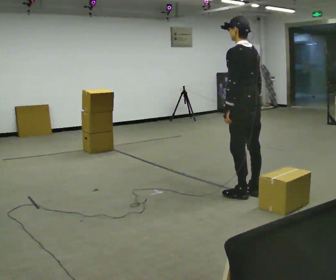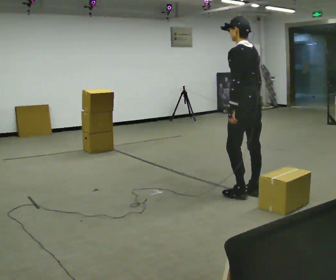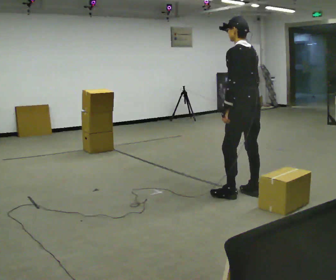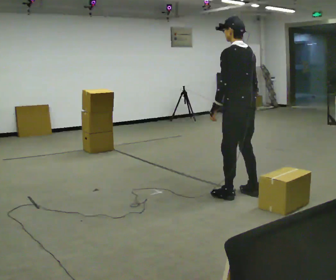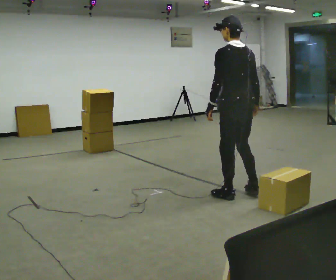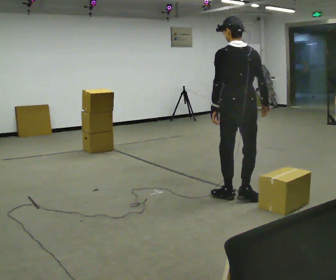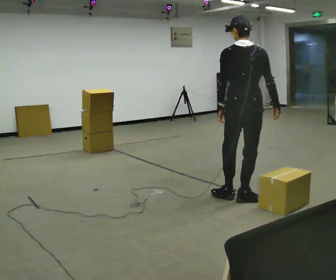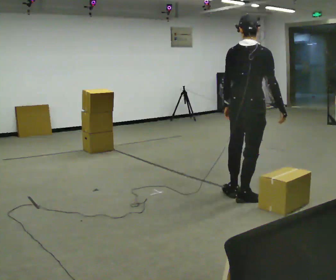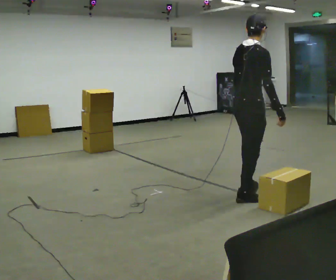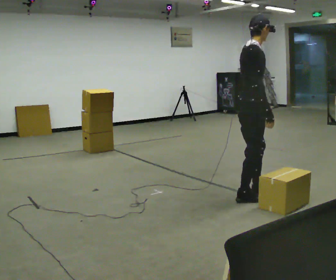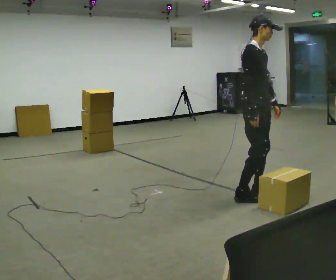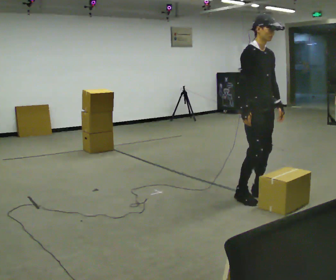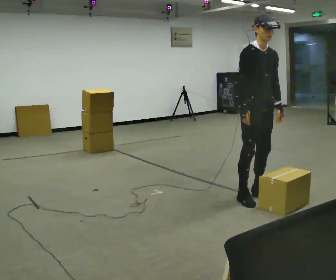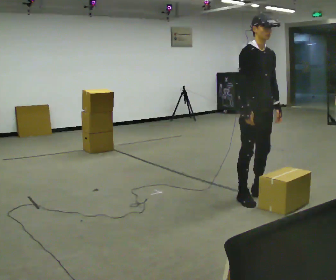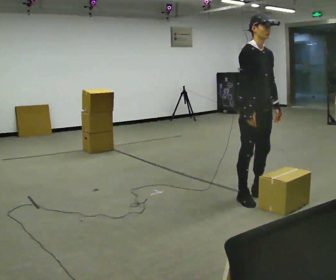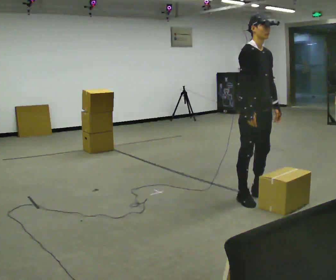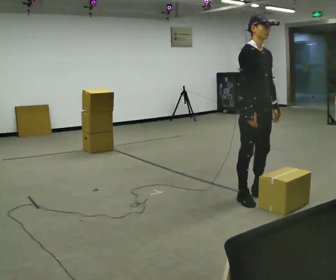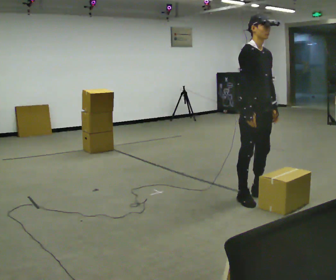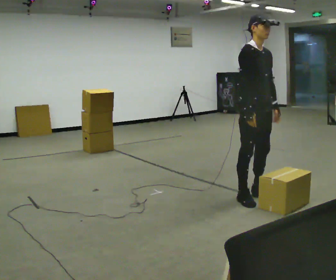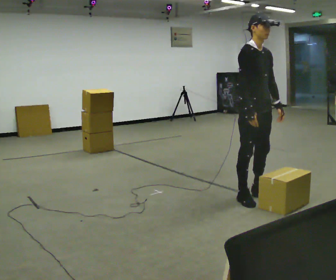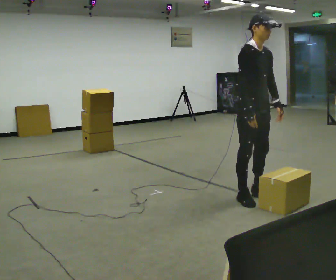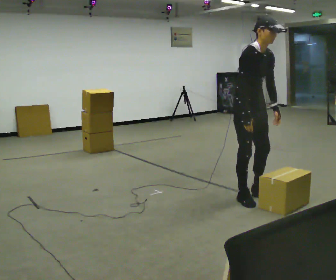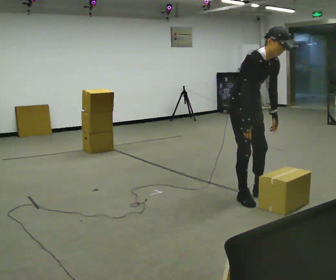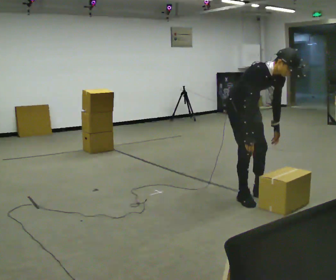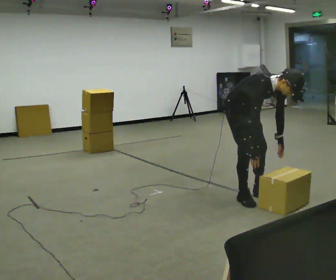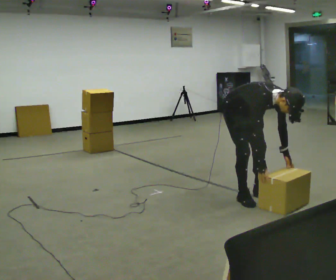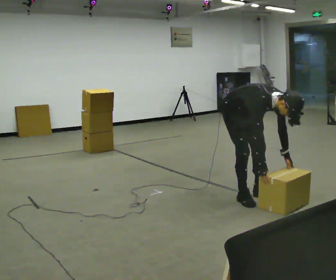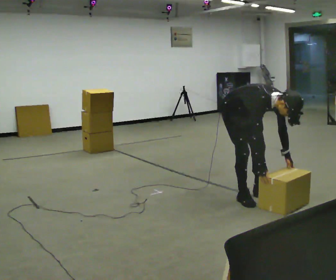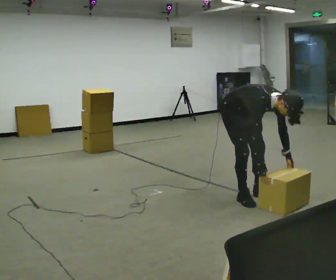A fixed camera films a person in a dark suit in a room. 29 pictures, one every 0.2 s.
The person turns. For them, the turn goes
to their right.
The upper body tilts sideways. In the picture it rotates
clockwise.
0.0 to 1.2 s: The part of the body nearest the lens slides to the left as the person turns to their right by about 60 degrees. In the picture they go toward the camera, about 0.25 m in 1 step, which for them is to their left.
1.2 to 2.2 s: Seen from above the body turns clockwise, about 120 degrees: to their right, with its near side sliding to the left. In the picture their right hand goes to the left.
2.2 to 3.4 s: The person moves a little, or ends about where they began.
3.4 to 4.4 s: In the picture the upper body tilts clockwise, shoulders to the right, as they bend forward.
4.4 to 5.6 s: The shoulders move downward. In the picture the upper body tilts clockwise, shoulders to the right, as they bend forward. In the picture their right hand goes downward.
The film runs backward here.
